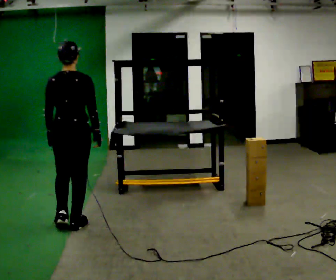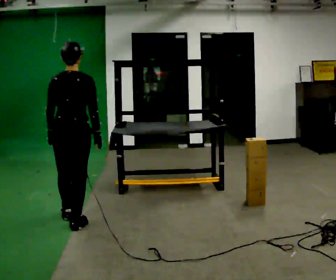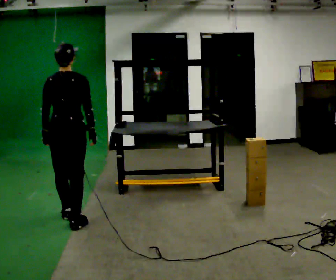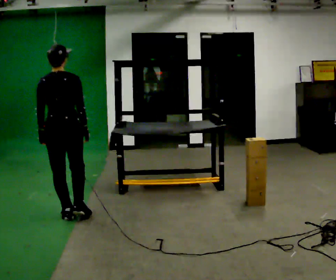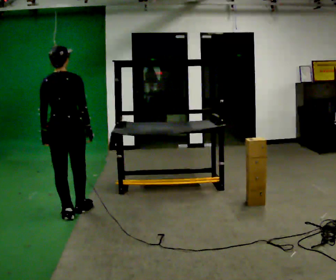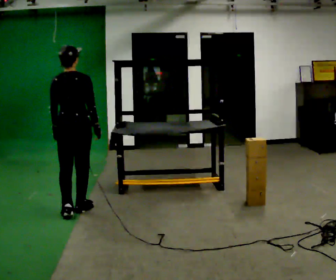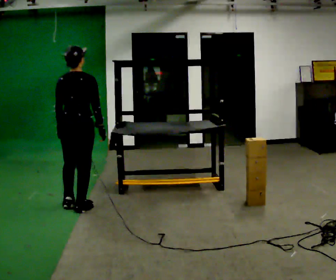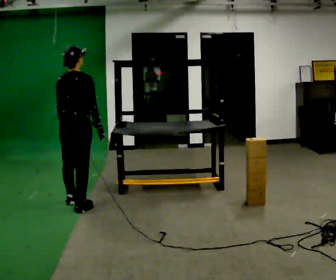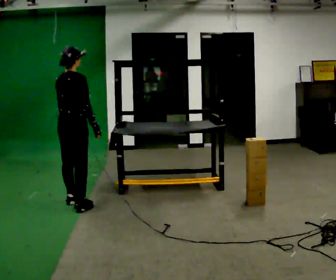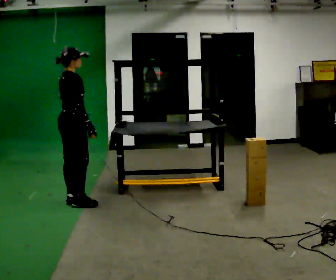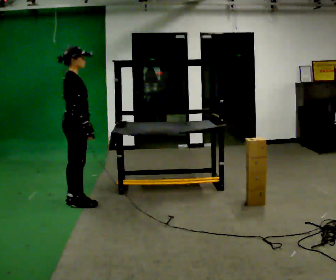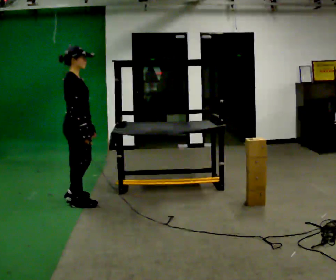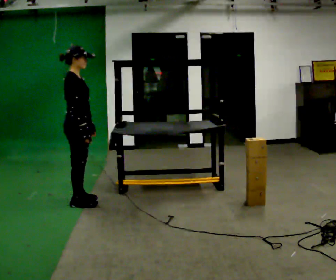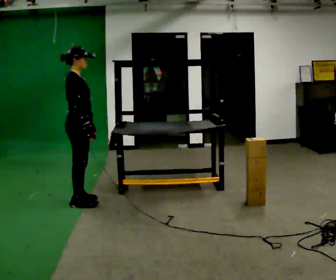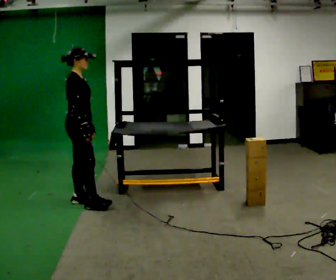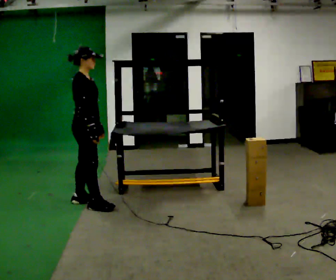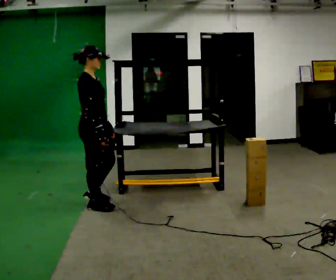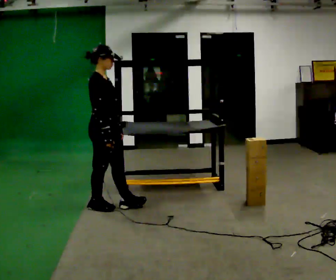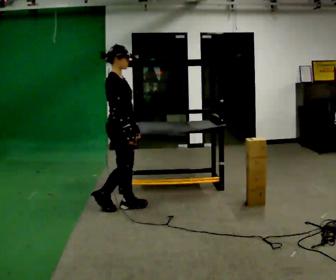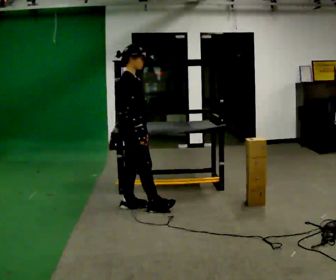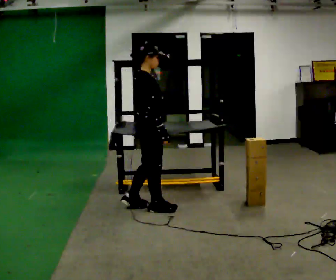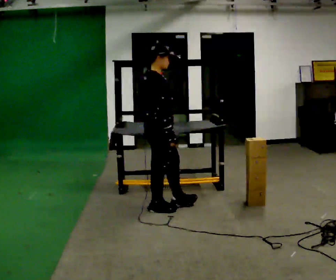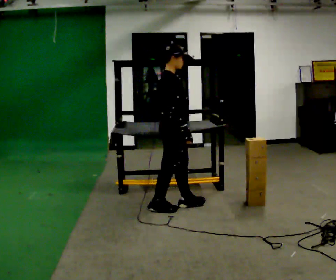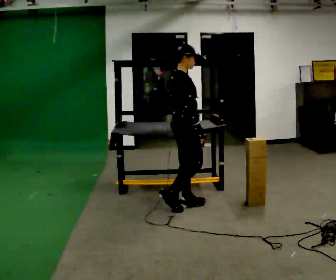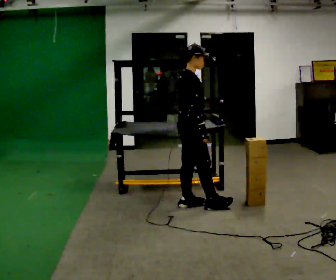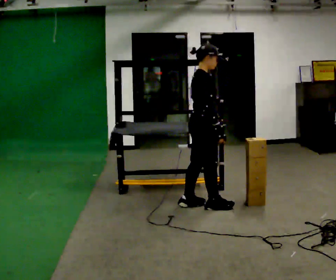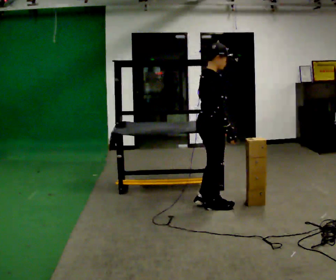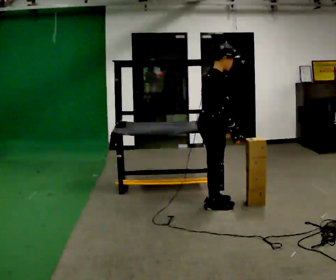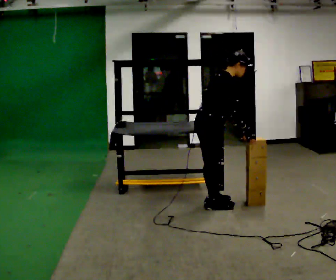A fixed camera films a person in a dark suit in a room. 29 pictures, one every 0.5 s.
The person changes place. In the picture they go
to the right.
0.0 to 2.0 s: In the picture they go away from the camera, about 0.25 m in 2 steps, which for them is forward and to their left.
2.0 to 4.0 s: The part of the body nearest the lens slides to the left as the person turns to their right by about 45 degrees. In the picture they go away from the camera, about 0.25 m in 1 step, which for them is forward.
4.0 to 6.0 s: The part of the body nearest the lens slides to the left as the person turns to their right by about 45 degrees.
6.0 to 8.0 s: In the picture they go toward the camera, about 0.25 m in 1 step, which for them is forward.
8.0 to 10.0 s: In the picture they go to the right, about 0.5 m in 2 steps, which for them is forward.
10.0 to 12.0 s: In the picture they go to the right, about 0.5 m in 2 steps, which for them is forward.
12.0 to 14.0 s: In the picture they go to the right, about 0.25 m in 1 step, which for them is forward. In the picture the upper body tilts clockwise, shoulders to the right, as they bend forward. In the picture their right hand goes to the right.
The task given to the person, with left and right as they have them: Place the object on the shelf just at the top of your comfortable reach. Repeat at your own pace until the operator says stop. Keep both feet on the marked spots for the whole take. If you have to step, stop and tell the operator.
The film runs forward here.
